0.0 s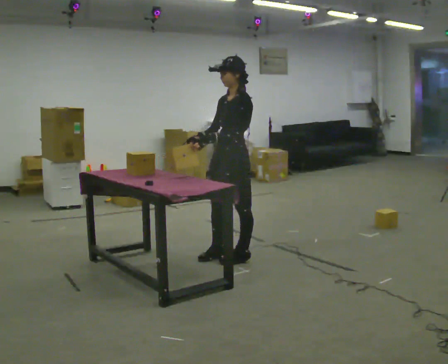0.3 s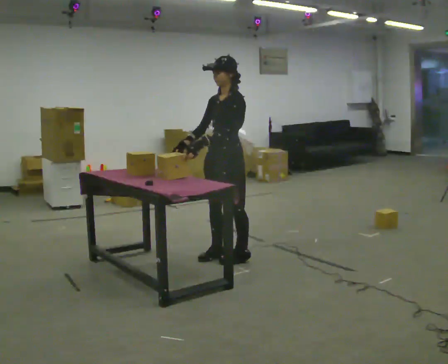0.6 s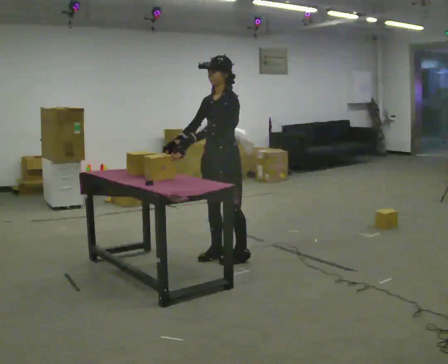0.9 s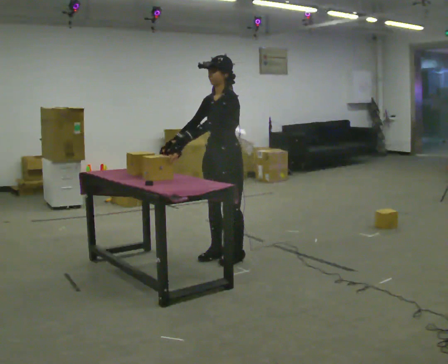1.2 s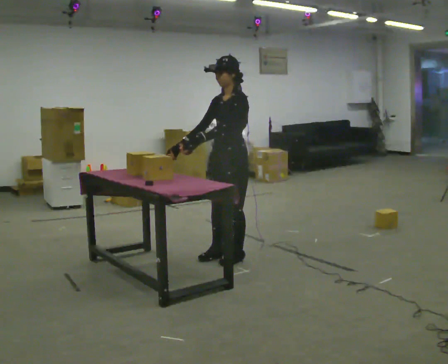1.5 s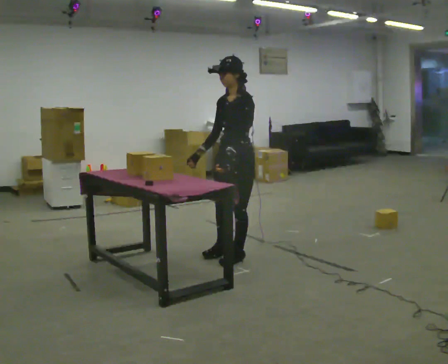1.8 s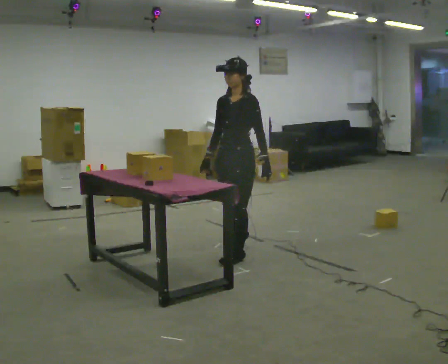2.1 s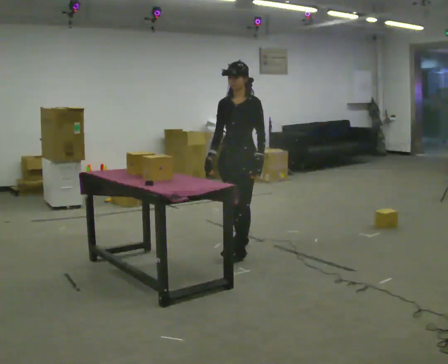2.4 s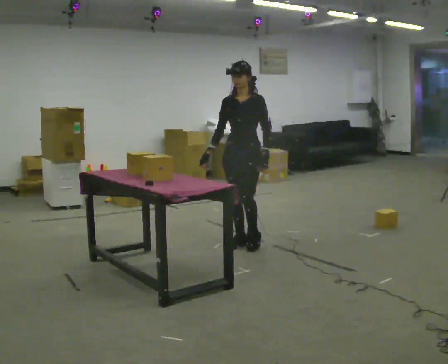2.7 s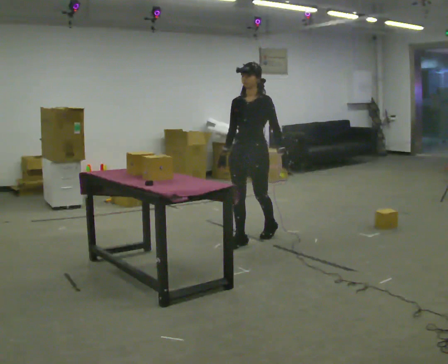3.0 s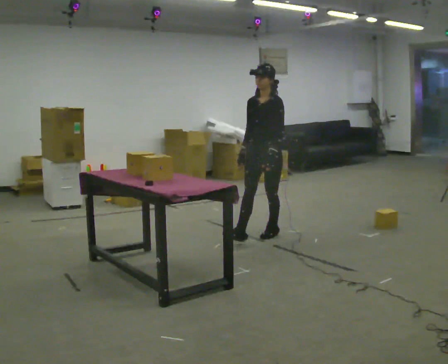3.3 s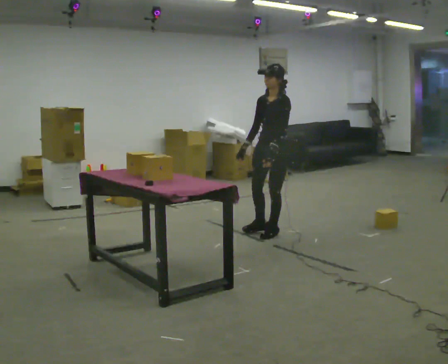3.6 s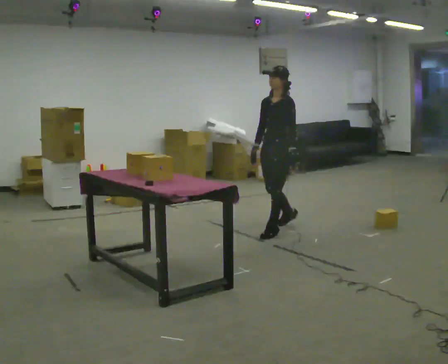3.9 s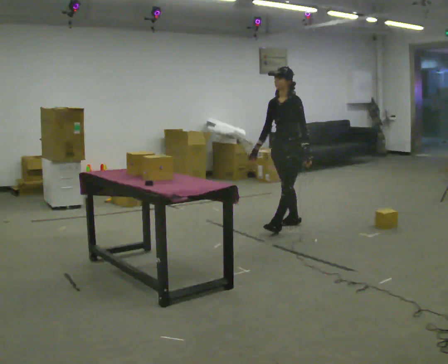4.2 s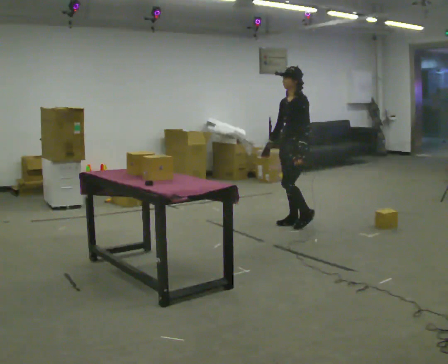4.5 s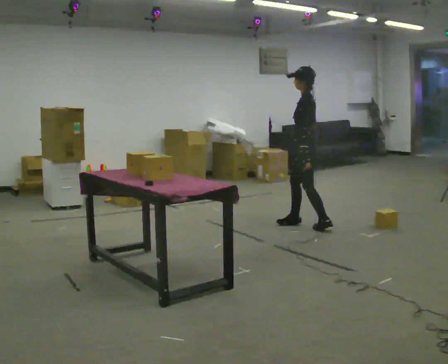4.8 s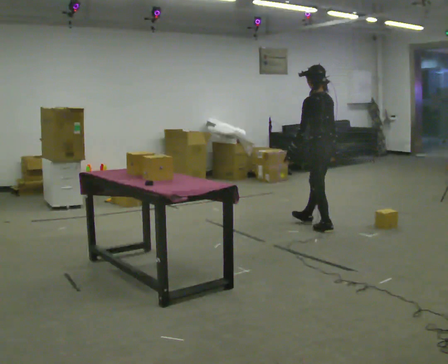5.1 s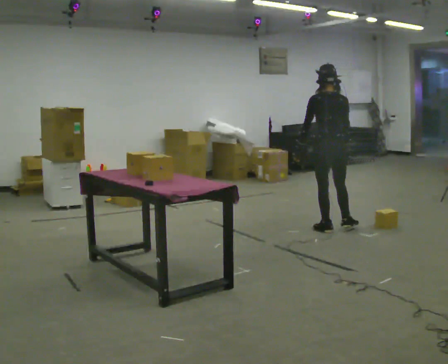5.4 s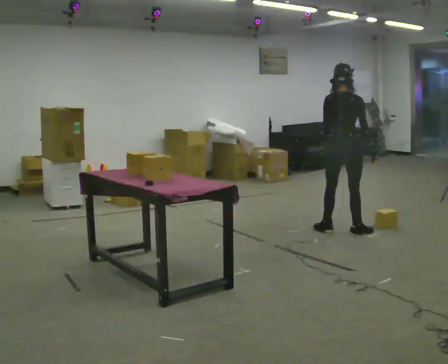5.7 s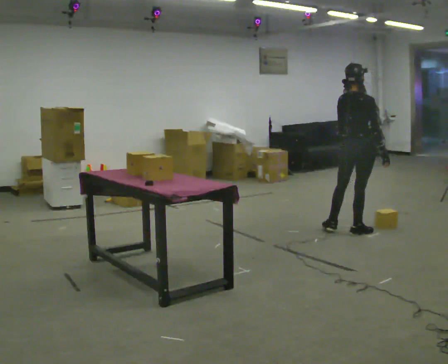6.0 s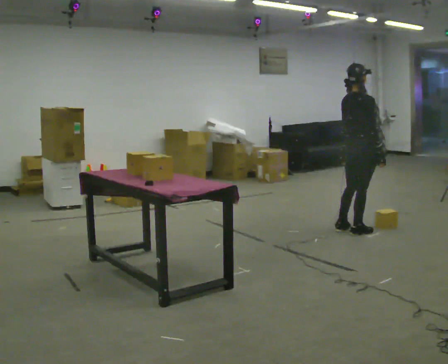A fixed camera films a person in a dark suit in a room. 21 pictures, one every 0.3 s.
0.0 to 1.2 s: The person moves a little, or ends about where they began.
1.2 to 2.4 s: Seen from above the body turns counterclockwise, about 30 degrees: to their left, with its near side sliding to the right. In the picture they go away from the camera, about 0.5 m in 2 steps, which for them is backward and to their right.
2.4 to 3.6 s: The person turns about 30 degrees to their right, clockwise seen from above, so the part of the body nearest the lens slides to the left. In the picture they go away from the camera and to the right, about 0.5 m in 1 step, which for them is backward.
3.6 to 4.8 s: The part of the body nearest the lens slides to the left as the person turns to their right by about 75 degrees. In the picture they go to the right, about 0.5 m in 2 steps.
4.8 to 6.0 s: The part of the body nearest the lens slides to the left as the person turns to their right by about 105 degrees. In the picture they go to the right and toward the camera, about 0.5 m.
The film runs backward here.
